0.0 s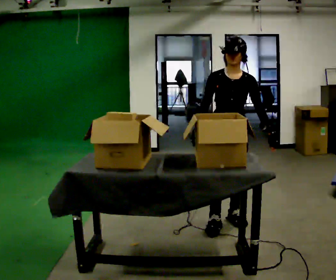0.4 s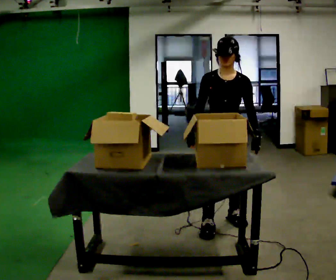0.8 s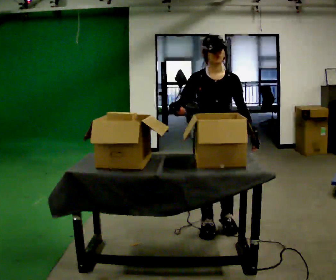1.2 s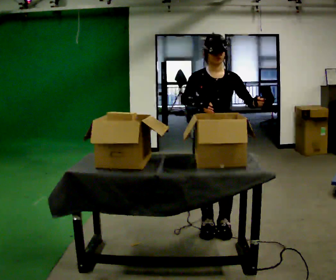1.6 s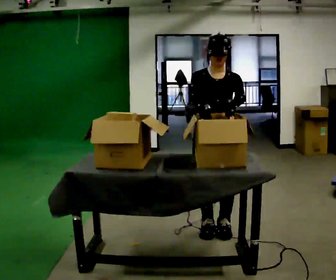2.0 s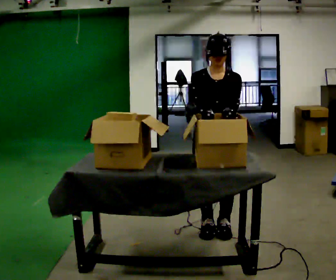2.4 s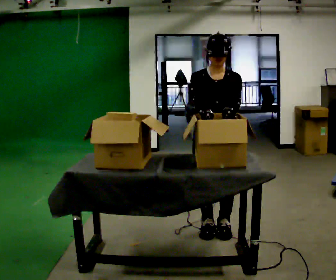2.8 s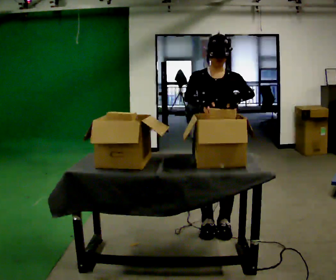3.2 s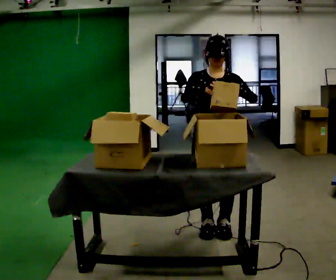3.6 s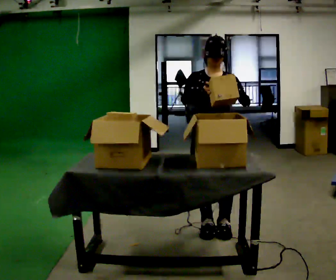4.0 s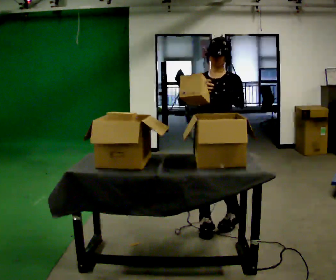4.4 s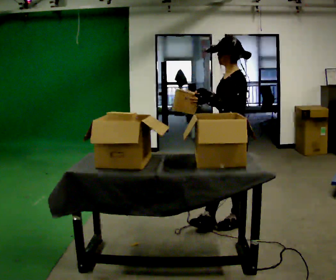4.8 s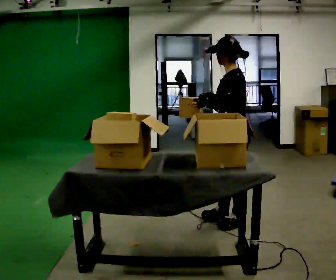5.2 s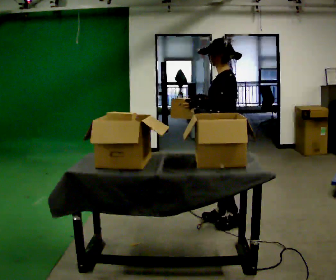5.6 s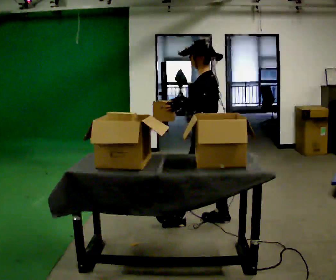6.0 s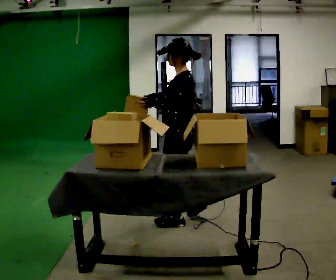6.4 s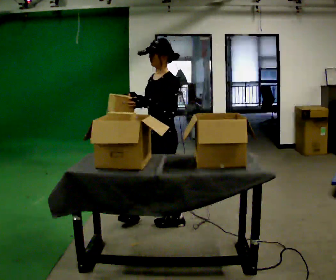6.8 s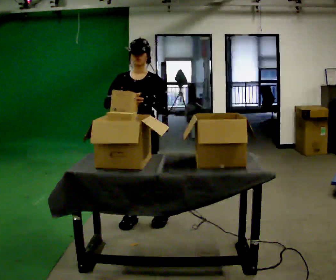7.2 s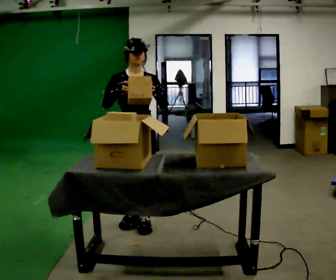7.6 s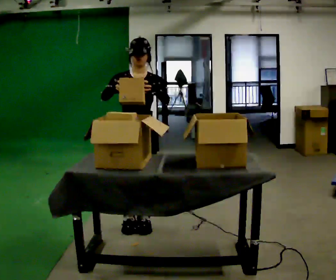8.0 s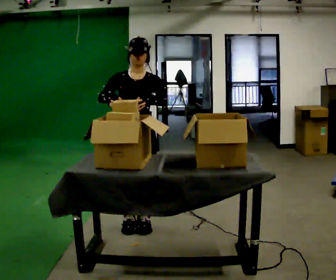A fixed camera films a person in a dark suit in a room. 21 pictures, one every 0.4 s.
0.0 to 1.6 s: In the picture they go toward the camera, about 0.25 m in 1 step, which for them is forward and to their right.
1.6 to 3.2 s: The person moves a little, or ends about where they began.
3.2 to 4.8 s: The person turns about 105 degrees to their right, clockwise seen from above, so the part of the body nearest the lens slides to the left. In the picture they go away from the camera and to the right, about 0.25 m in 2 steps.
4.8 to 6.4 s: The person turns about 45 degrees to their left, counterclockwise seen from above, so the part of the body nearest the lens slides to the right. In the picture they go to the left, about 0.75 m in 1 step, which for them is forward.
6.4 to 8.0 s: Seen from above the body turns counterclockwise, about 60 degrees: to their left, with its near side sliding to the right. In the picture they go to the left, about 0.25 m in 2 steps.
The film runs forward here.
